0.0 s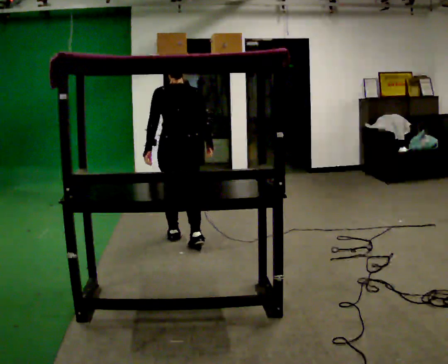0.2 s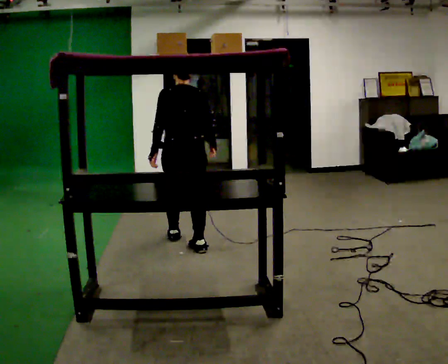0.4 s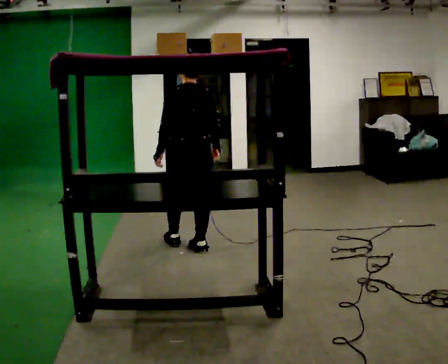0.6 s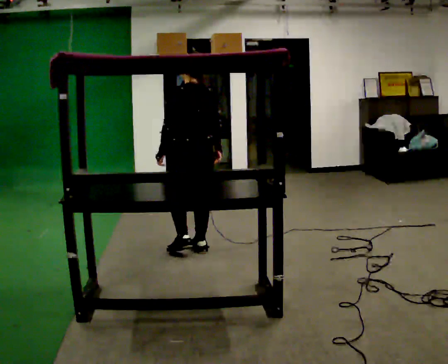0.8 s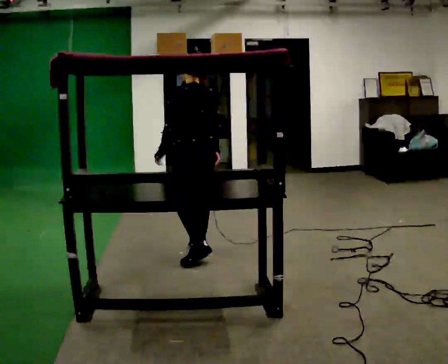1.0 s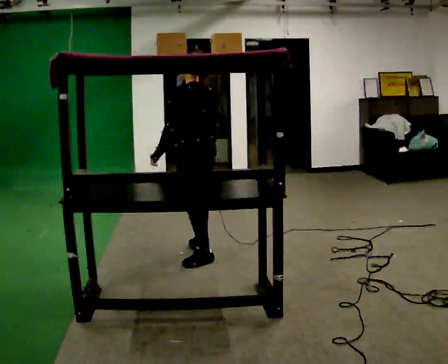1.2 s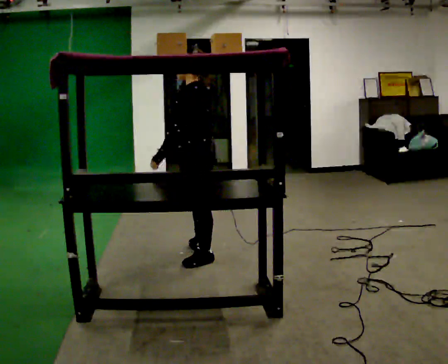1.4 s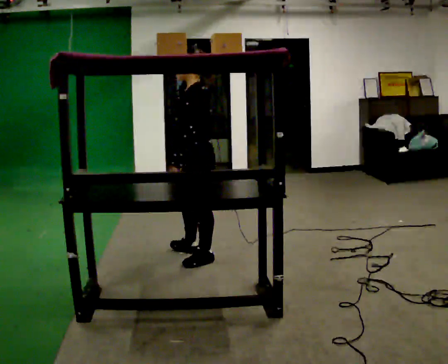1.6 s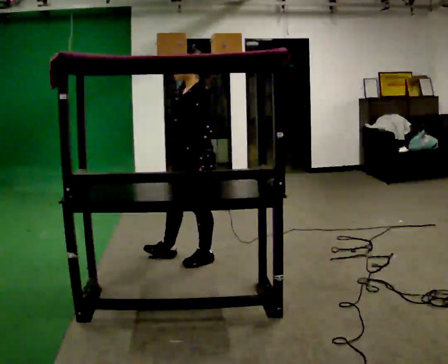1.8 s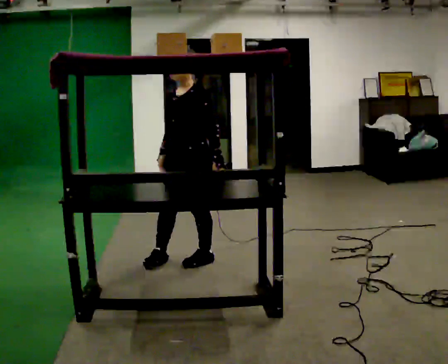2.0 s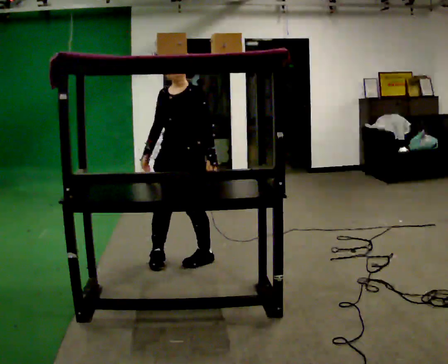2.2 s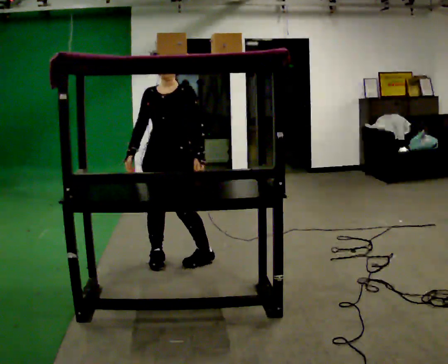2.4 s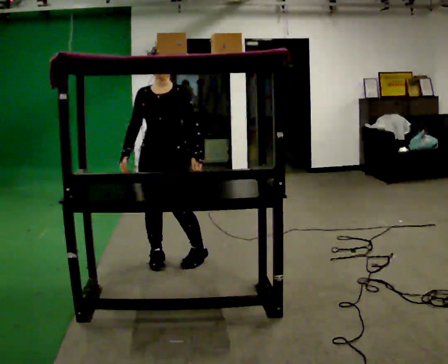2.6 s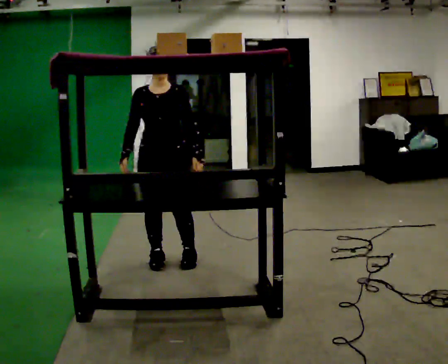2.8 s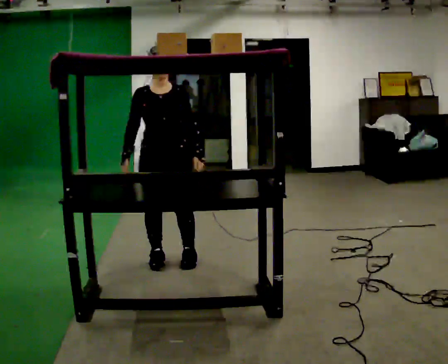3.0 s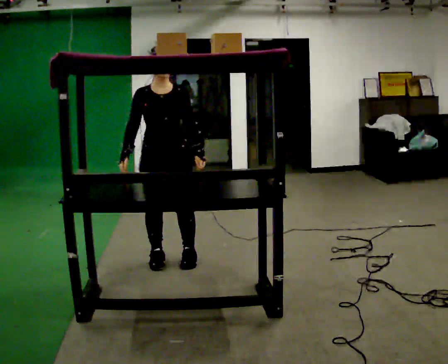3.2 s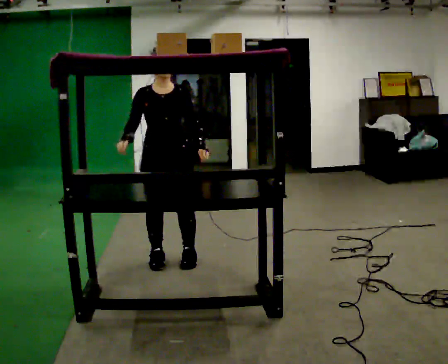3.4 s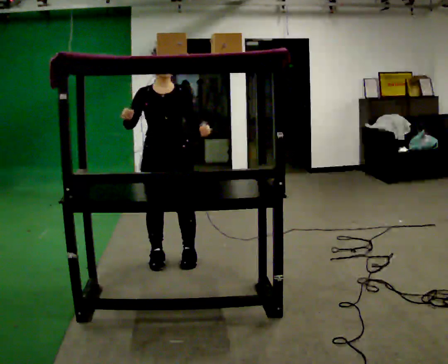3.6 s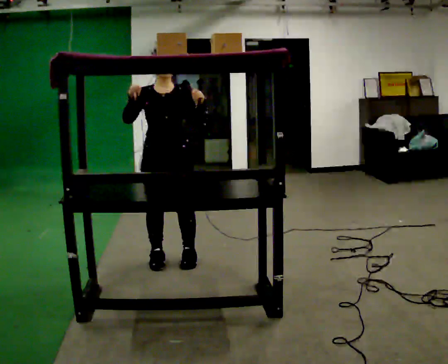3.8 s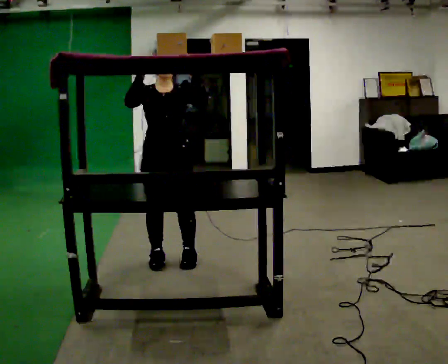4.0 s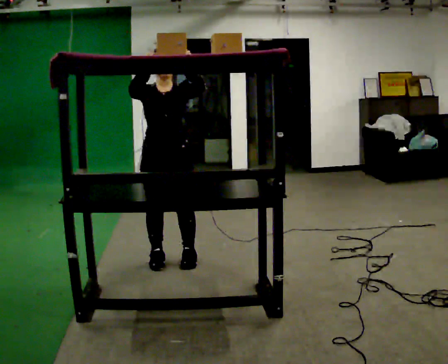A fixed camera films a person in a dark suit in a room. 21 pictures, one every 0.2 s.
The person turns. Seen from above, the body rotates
counterclockwise.
The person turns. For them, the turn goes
to their left.
0.0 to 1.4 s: The part of the body nearest the lens slides to the right as the person turns to their left by about 90 degrees. In the picture they go toward the camera, about 0.5 m in 2 steps.
1.4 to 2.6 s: The person turns about 90 degrees to their left, counterclockwise seen from above, so the part of the body nearest the lens slides to the right. In the picture they go to the left, about 0.25 m in 1 step.
2.6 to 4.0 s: In the picture their right hand goes upward.
The film runs backward here.
